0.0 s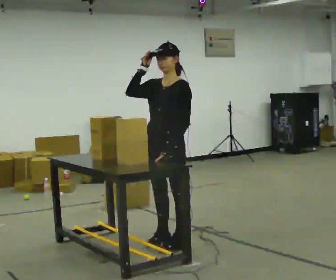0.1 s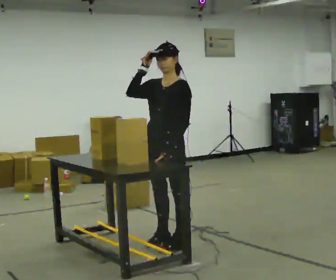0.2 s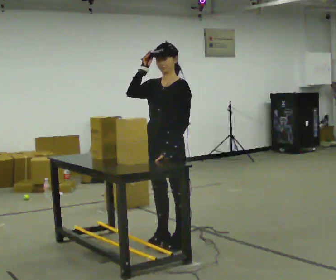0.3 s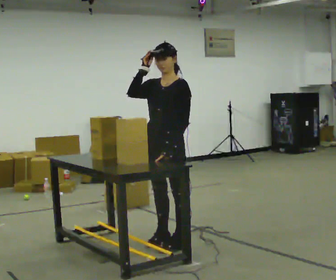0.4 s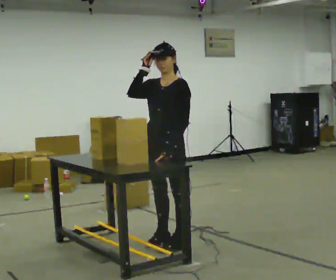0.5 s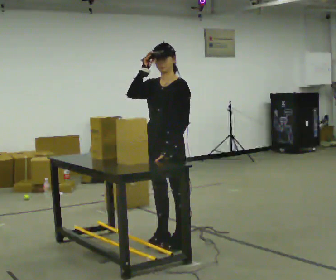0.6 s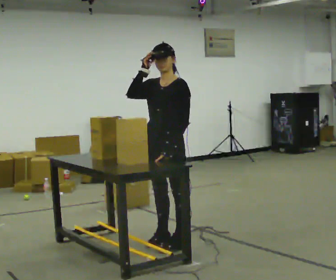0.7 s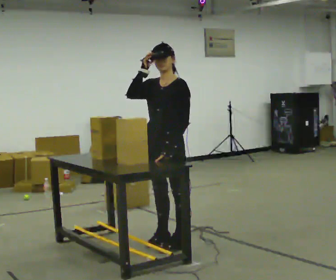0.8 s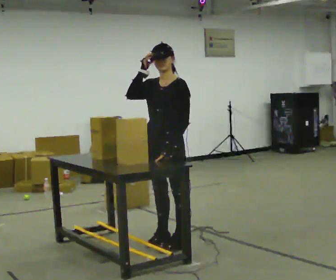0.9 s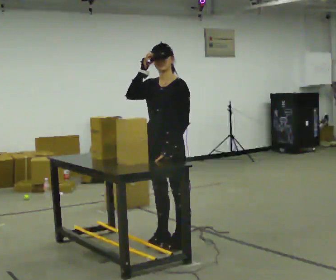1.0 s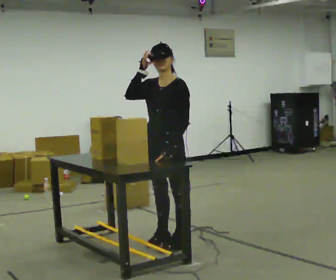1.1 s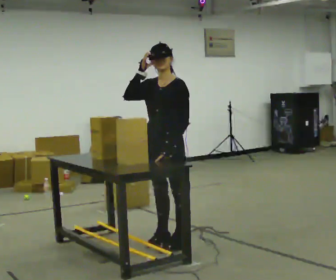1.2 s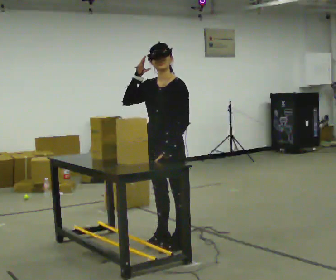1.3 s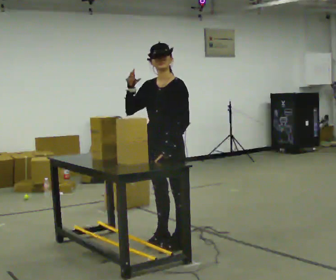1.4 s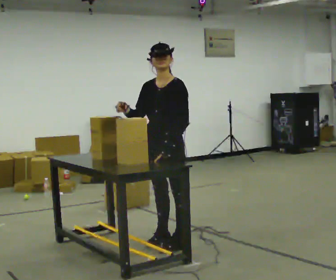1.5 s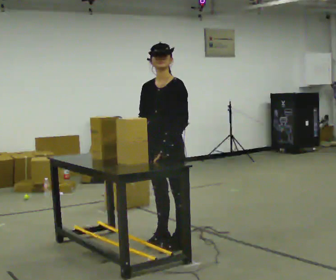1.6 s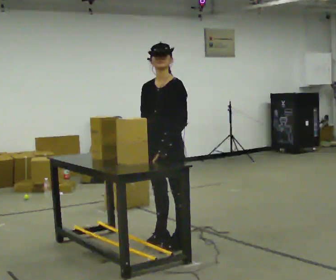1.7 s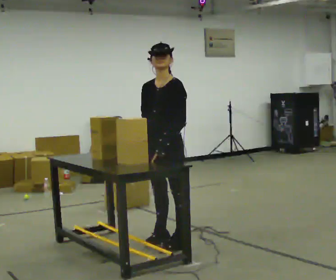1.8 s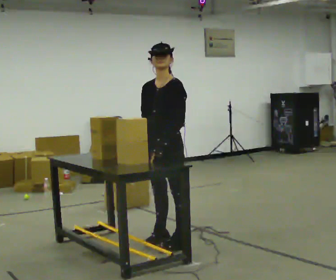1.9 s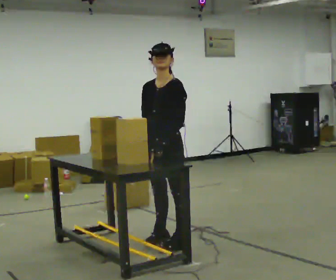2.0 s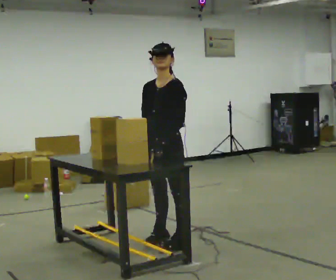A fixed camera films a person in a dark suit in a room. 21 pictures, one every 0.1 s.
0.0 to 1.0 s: The person moves a little, or ends about where they began.
1.0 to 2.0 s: In the picture their right hand goes downward.
The film runs backward here.
